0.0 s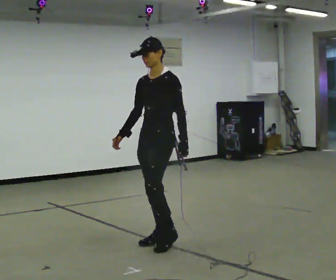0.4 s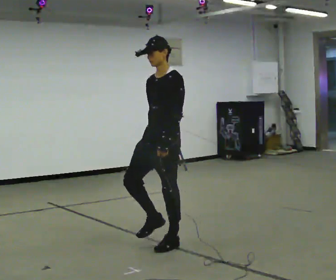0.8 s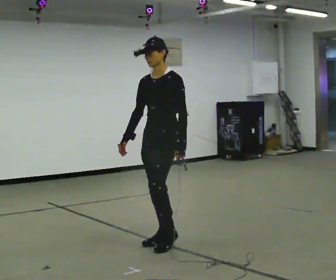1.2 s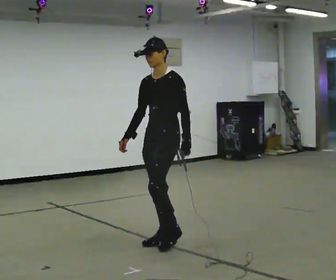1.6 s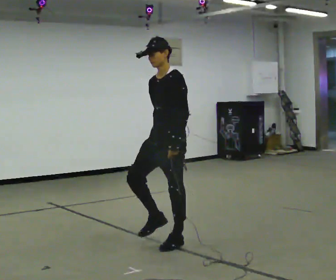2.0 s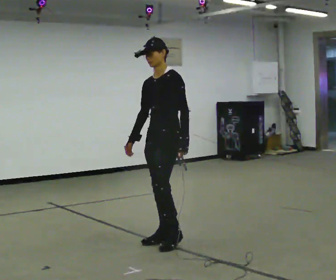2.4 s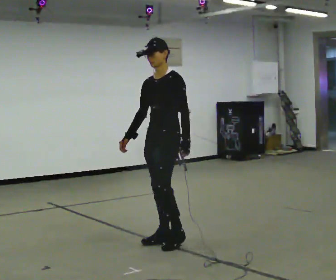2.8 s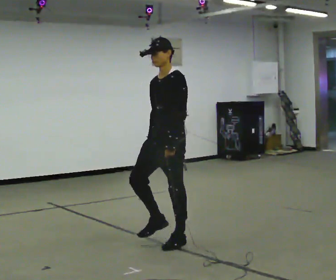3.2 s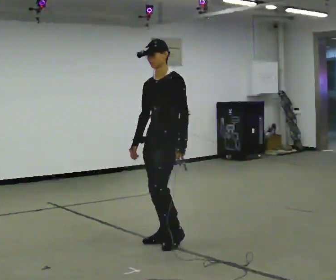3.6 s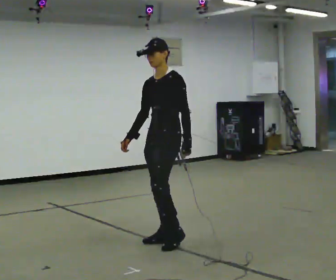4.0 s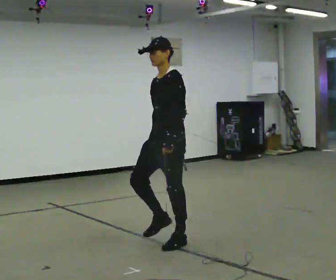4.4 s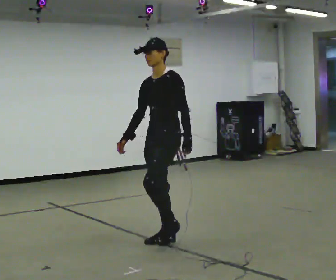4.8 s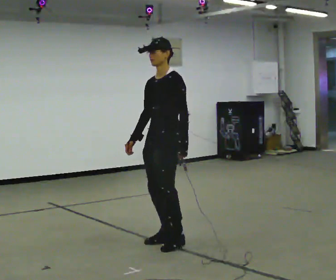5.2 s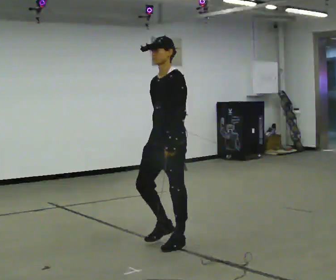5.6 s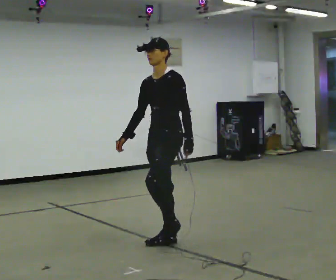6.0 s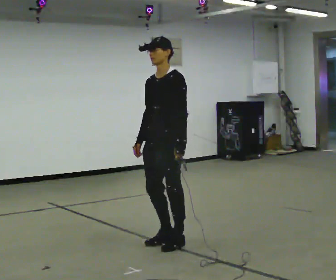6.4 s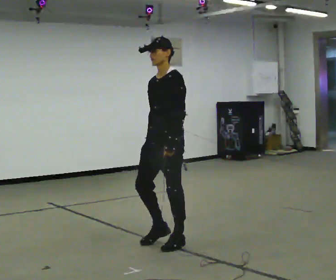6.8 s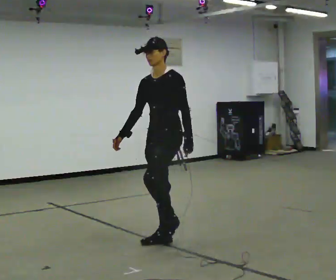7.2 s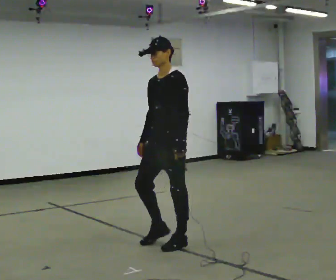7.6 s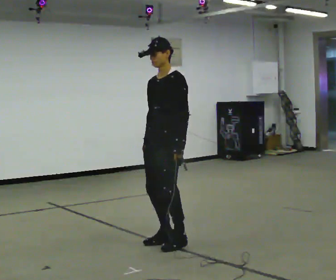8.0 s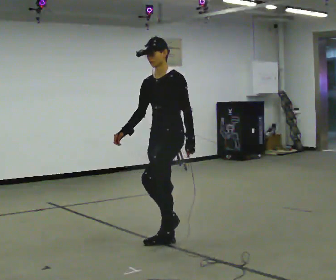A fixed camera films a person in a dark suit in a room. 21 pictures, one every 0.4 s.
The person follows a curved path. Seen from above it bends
counterclockwise.
0.0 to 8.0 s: The person moves a little, or ends about where they began.
The film runs forward here.
